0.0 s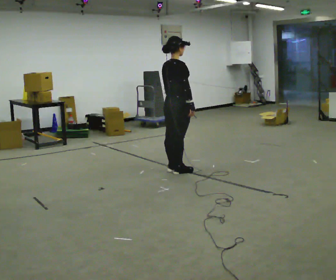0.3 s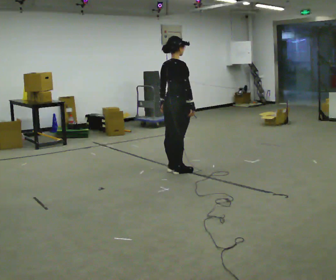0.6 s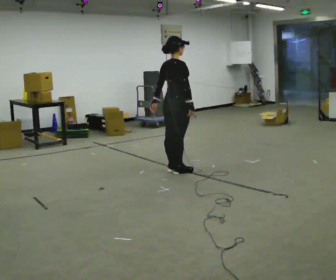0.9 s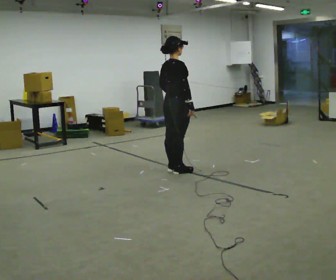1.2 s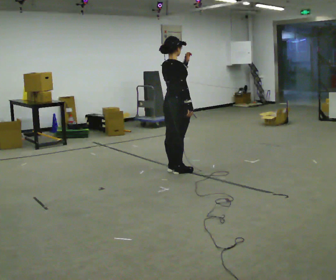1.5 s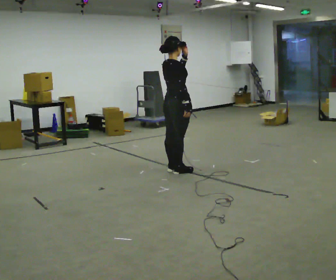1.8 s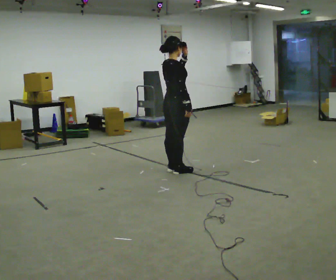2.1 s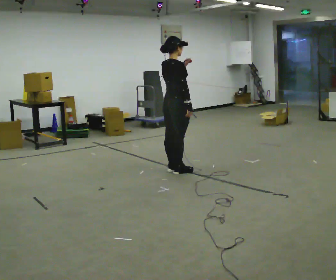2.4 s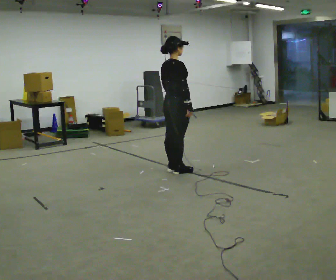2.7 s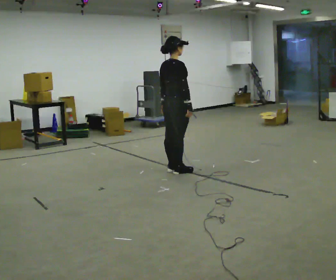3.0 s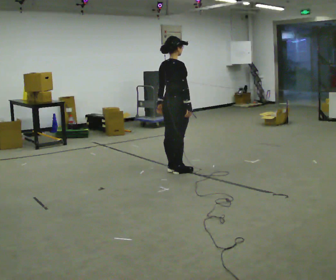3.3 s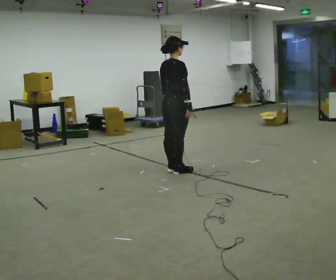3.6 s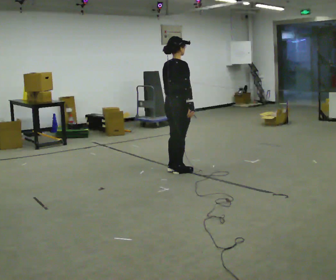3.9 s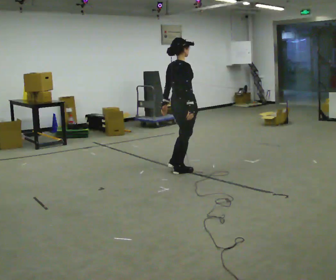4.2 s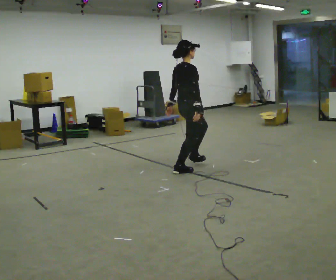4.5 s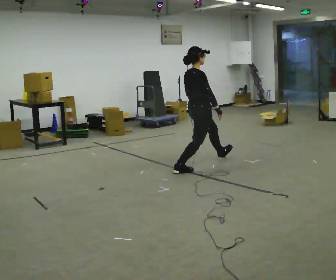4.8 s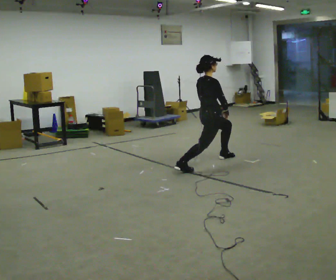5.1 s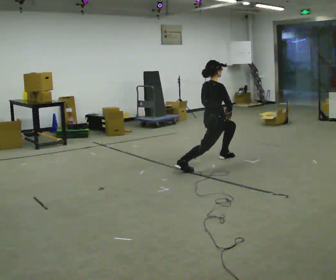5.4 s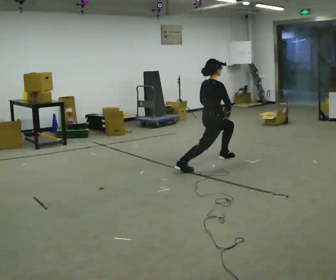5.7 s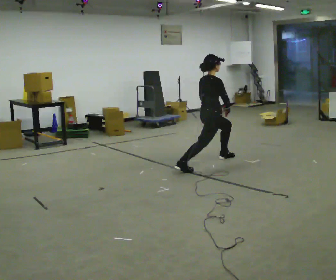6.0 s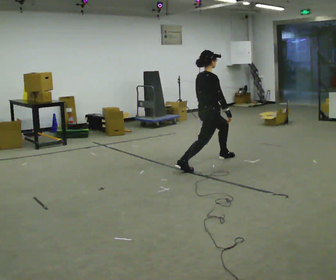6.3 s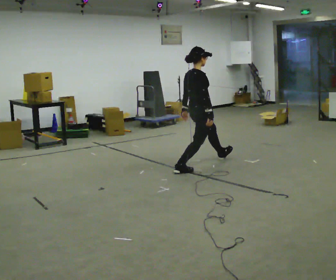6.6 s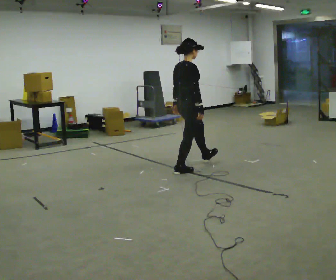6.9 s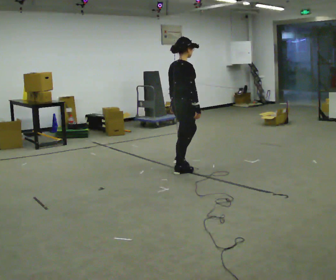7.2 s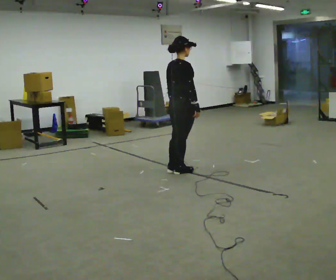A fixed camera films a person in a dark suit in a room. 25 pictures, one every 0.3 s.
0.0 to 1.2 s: In the picture their left hand goes upward.
1.2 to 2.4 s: In the picture their left hand goes downward.
2.4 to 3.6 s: The person moves a little, or ends about where they began.
3.6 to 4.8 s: In the picture they go to the right and away from the camera, about 0.5 m in 1 step, which for them is forward. The upper body goes downward.
4.8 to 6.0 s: The person moves a little, or ends about where they began.
6.0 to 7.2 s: In the picture they go to the left and toward the camera, about 0.5 m in 1 step, which for them is backward and to their right.
The film runs backward here.
